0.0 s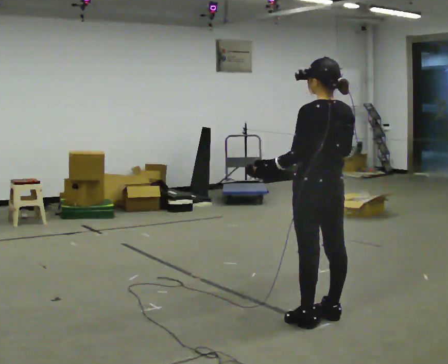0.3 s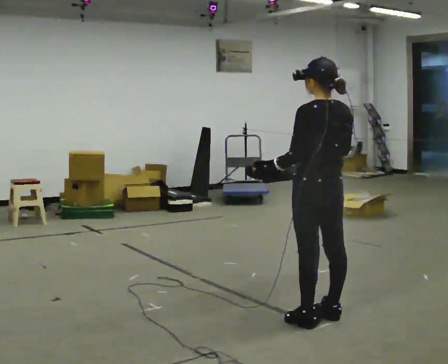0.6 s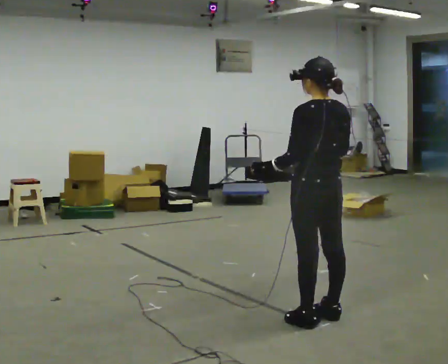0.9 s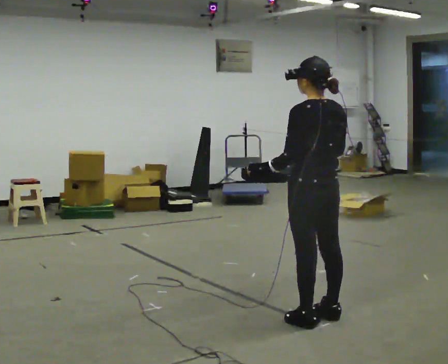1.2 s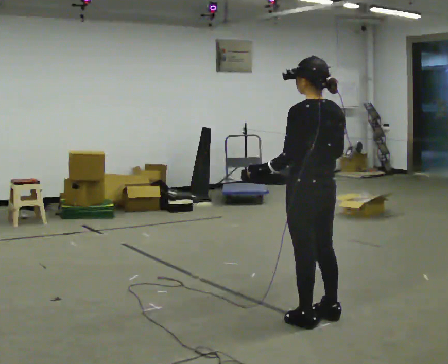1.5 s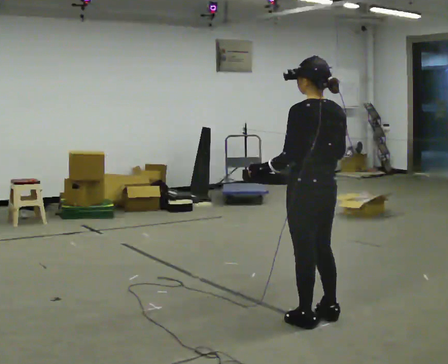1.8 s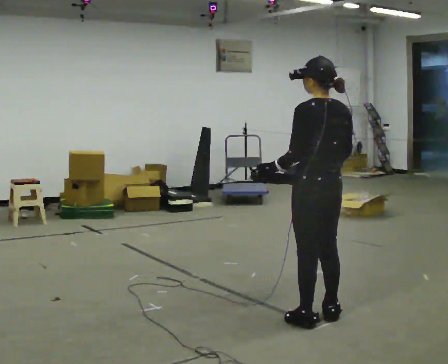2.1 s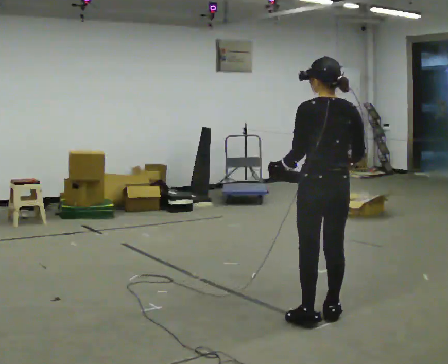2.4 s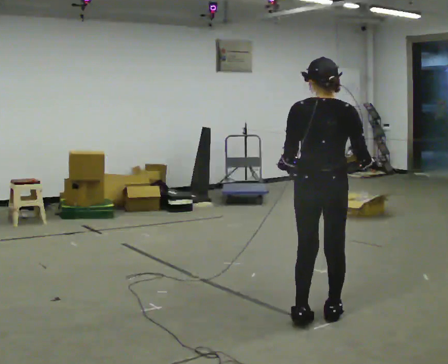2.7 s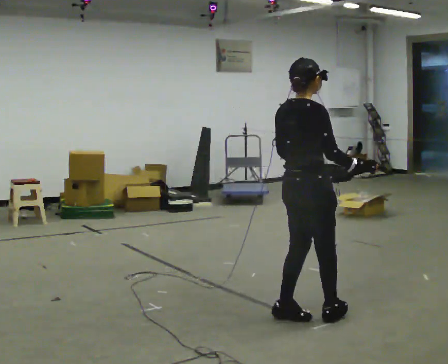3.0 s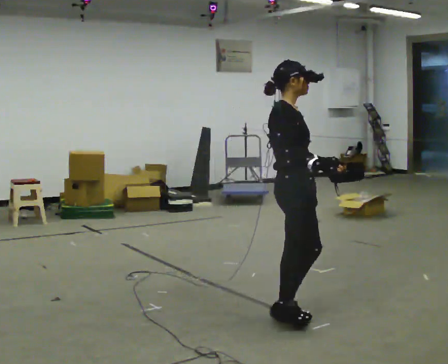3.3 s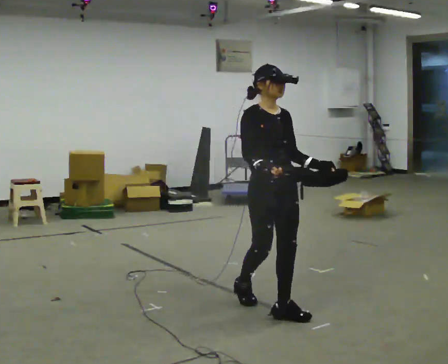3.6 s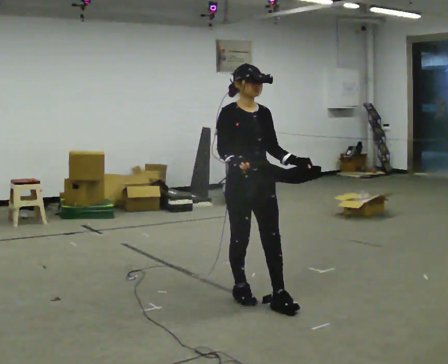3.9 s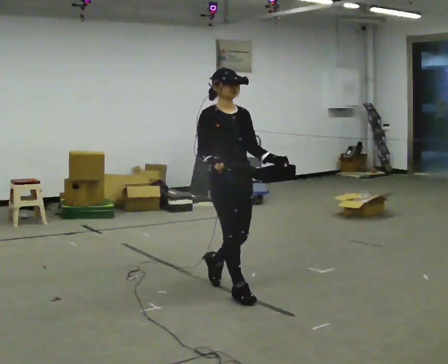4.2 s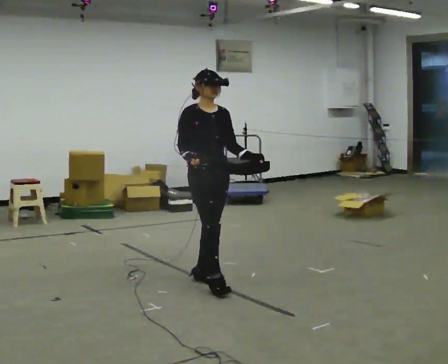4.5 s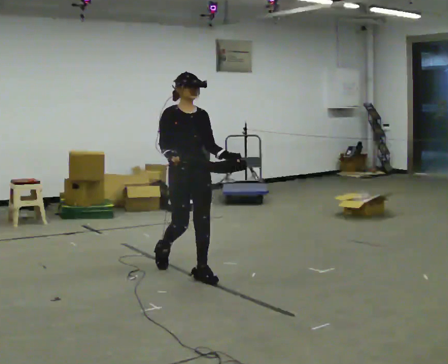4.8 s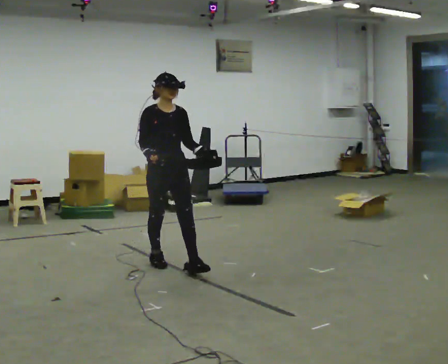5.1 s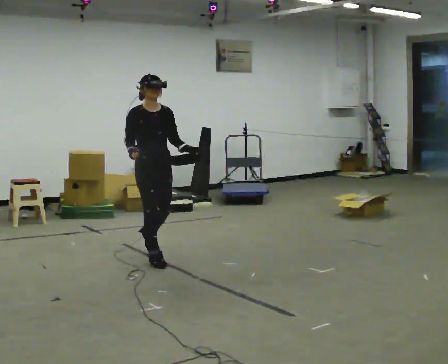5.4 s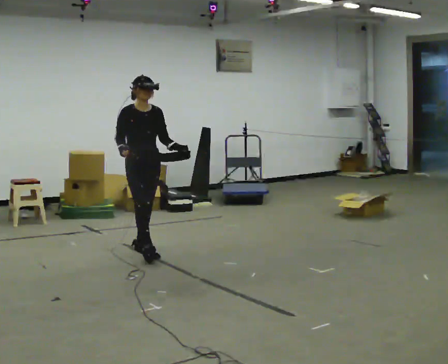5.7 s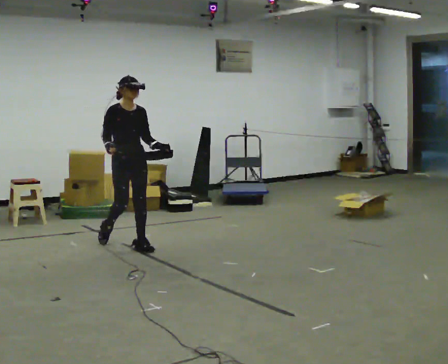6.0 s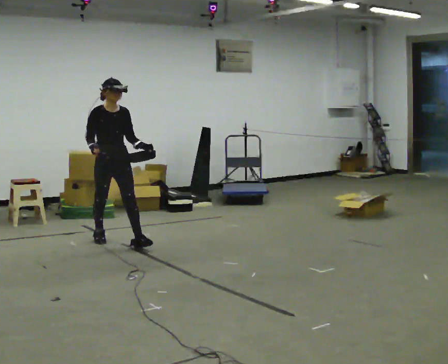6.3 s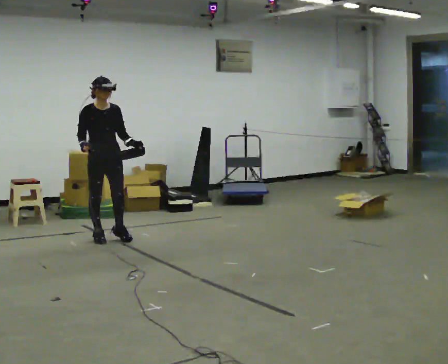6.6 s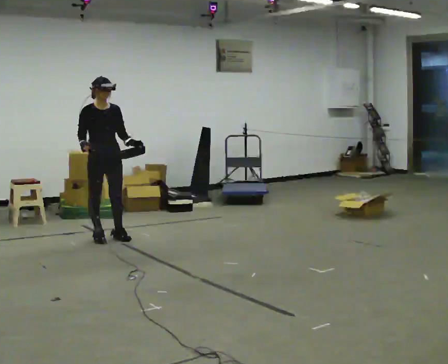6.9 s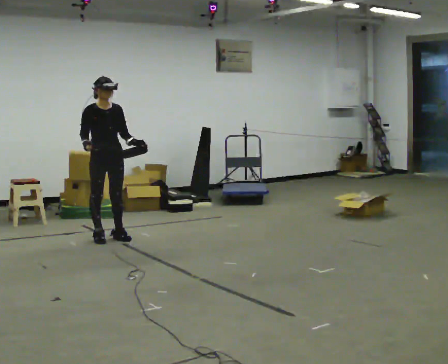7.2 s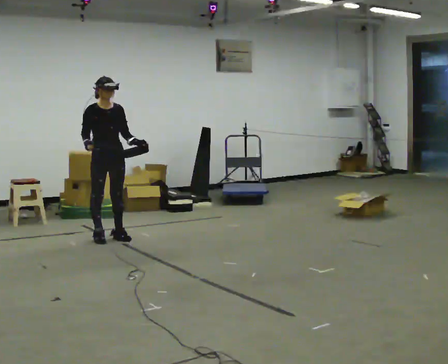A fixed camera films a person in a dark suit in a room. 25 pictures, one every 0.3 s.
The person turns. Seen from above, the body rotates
clockwise.
The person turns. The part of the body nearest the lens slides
to the left.
0.0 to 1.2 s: The person moves a little, or ends about where they began.
1.2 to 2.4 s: Seen from above the body turns clockwise, about 45 degrees: to their right, with its near side sliding to the left.
2.4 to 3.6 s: The person turns about 135 degrees to their right, clockwise seen from above, so the part of the body nearest the lens slides to the left. In the picture they go to the left and away from the camera, about 0.5 m in 2 steps.
3.6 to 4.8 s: In the picture they go away from the camera and to the left, about 1 m in 2 steps, which for them is backward.
4.8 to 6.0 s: In the picture they go away from the camera and to the left, about 1 m in 2 steps, which for them is backward.
6.0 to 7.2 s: In the picture they go away from the camera, about 0.25 m, which for them is backward.
The film runs backward here.
